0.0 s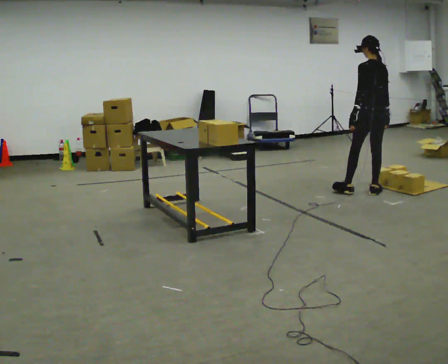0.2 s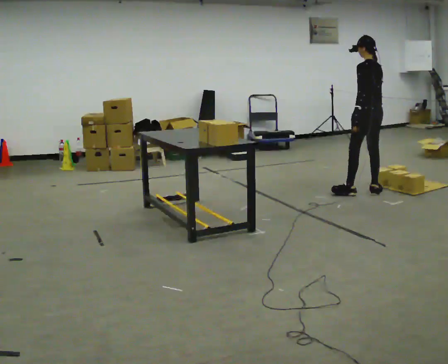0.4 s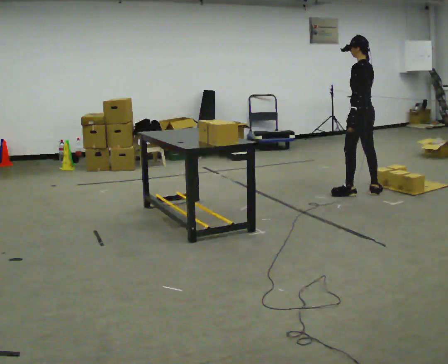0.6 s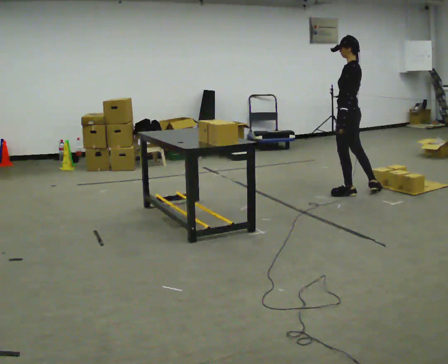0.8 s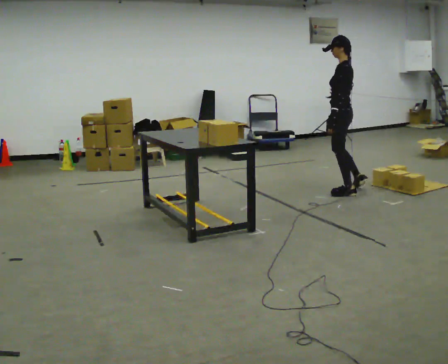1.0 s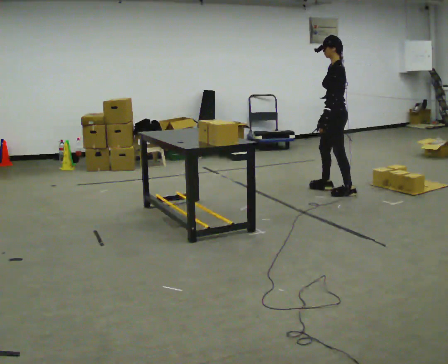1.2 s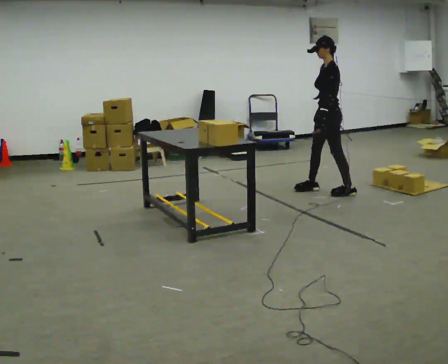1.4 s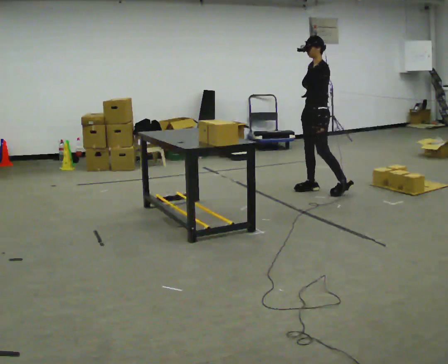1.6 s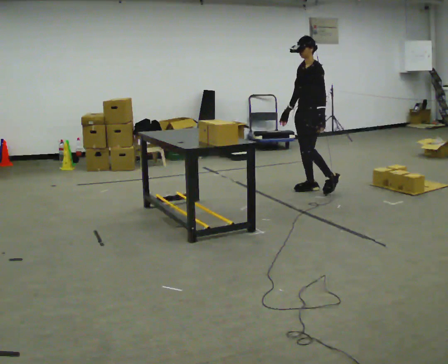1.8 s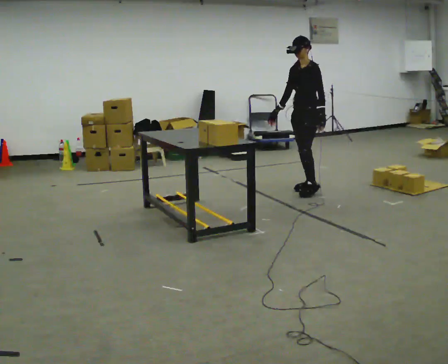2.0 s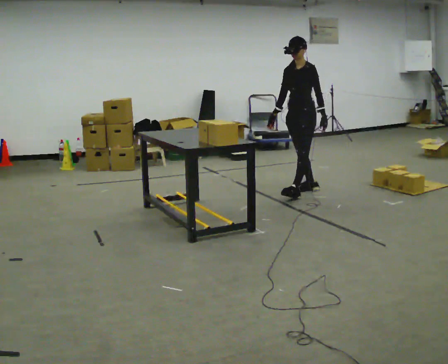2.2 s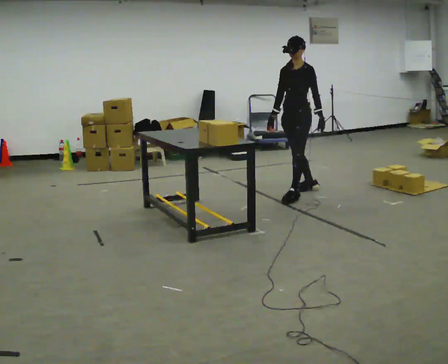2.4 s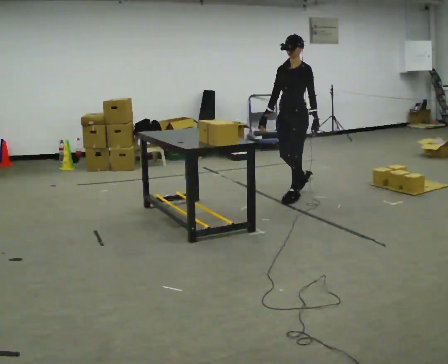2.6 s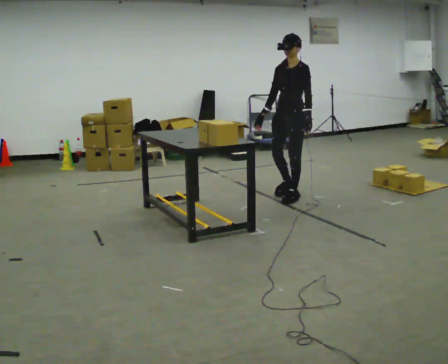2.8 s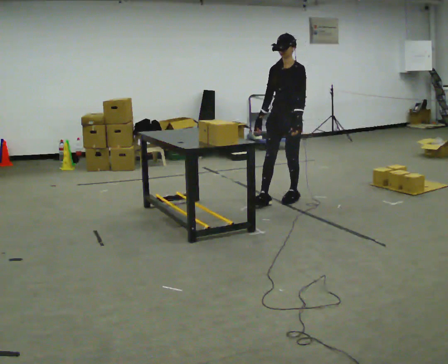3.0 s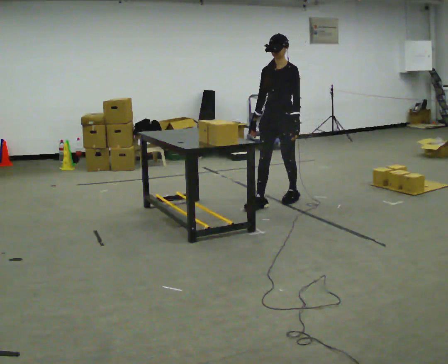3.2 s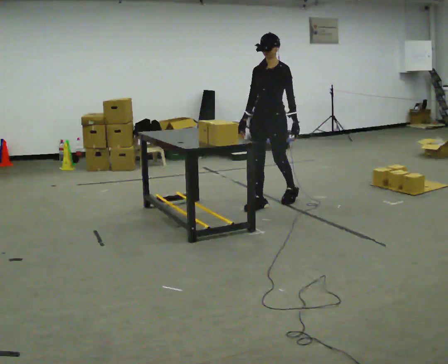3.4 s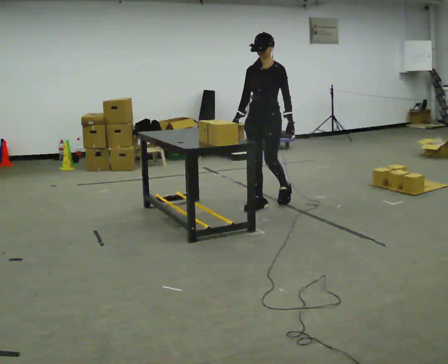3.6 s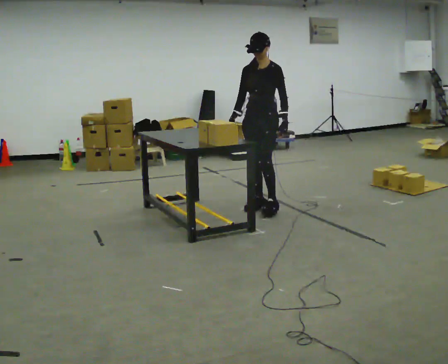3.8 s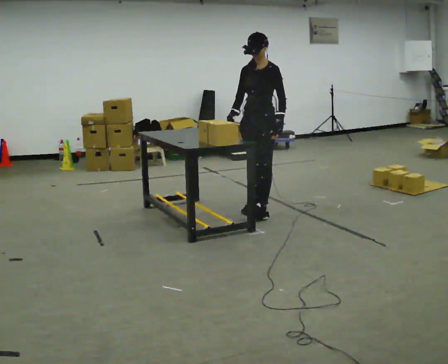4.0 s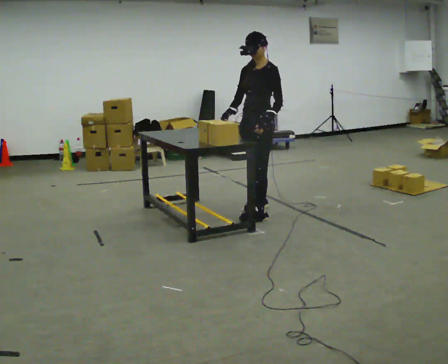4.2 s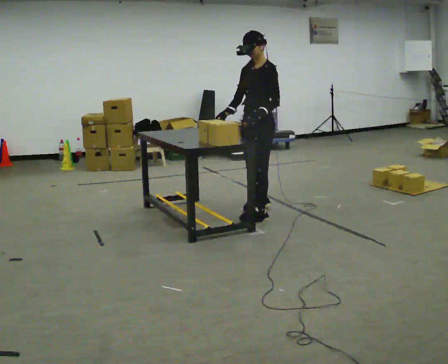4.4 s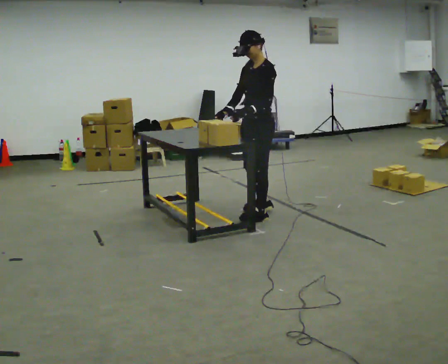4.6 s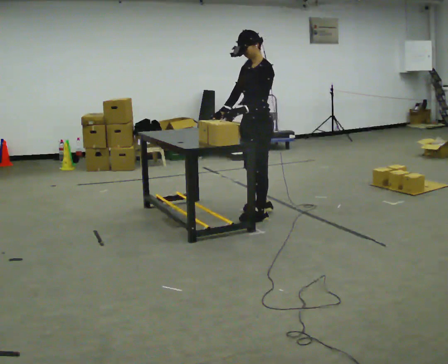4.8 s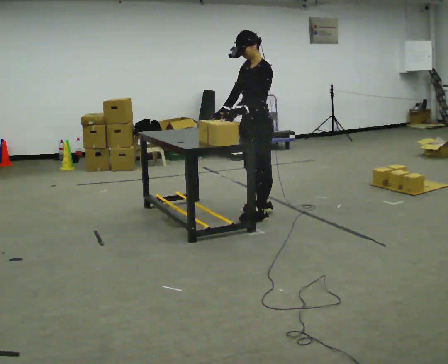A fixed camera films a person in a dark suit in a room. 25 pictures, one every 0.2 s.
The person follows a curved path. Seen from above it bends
counterclockwise.
0.0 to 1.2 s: The person turns about 75 degrees to their left, counterclockwise seen from above, so the part of the body nearest the lens slides to the right. In the picture they go to the left, about 0.5 m in 2 steps.
1.2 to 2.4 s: The person turns about 45 degrees to their left, counterclockwise seen from above, so the part of the body nearest the lens slides to the right. In the picture they go to the left and toward the camera, about 0.5 m in 1 step, which for them is forward.
2.4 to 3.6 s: In the picture they go toward the camera and to the left, about 0.5 m in 1 step, which for them is forward.
3.6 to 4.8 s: The part of the body nearest the lens slides to the left as the person turns to their right by about 45 degrees. In the picture they go toward the camera, about 0.25 m in 2 steps, which for them is to their left and forward.
The film runs forward here.
